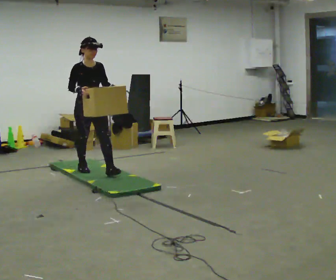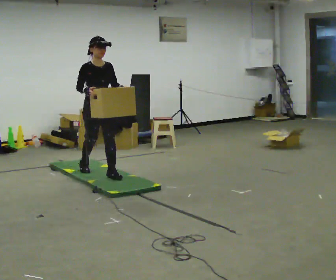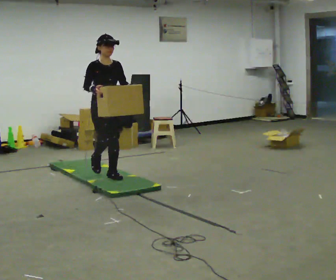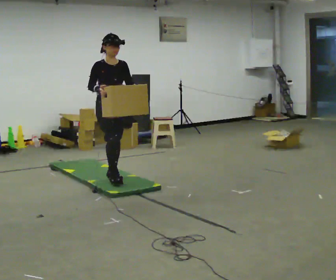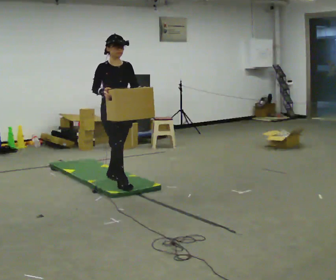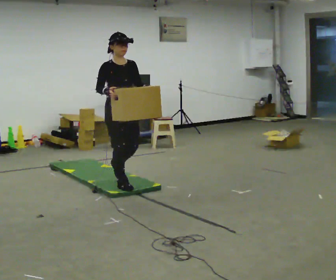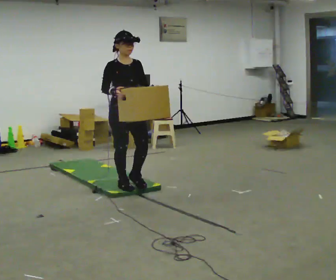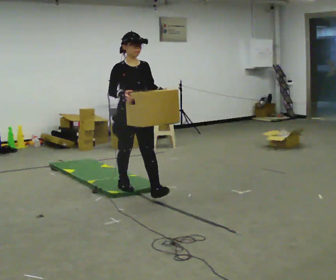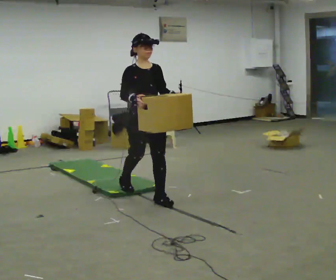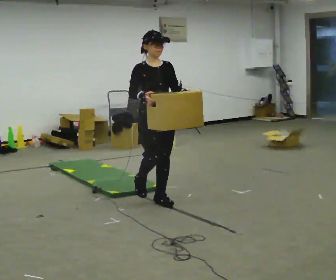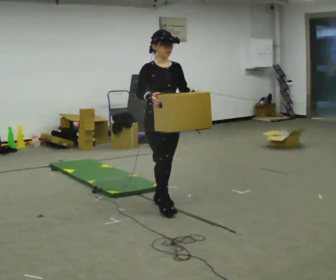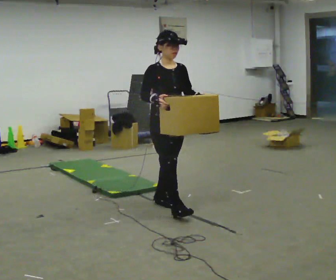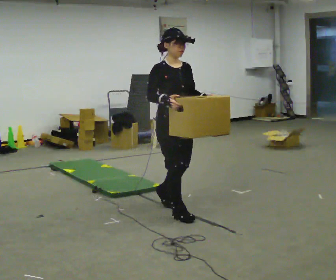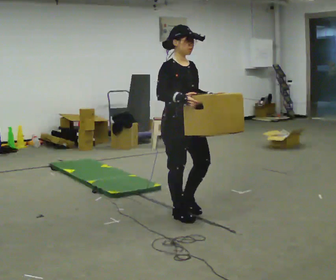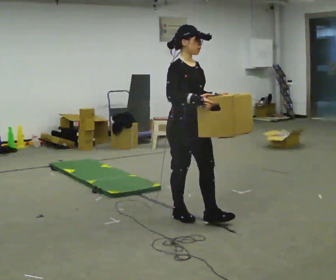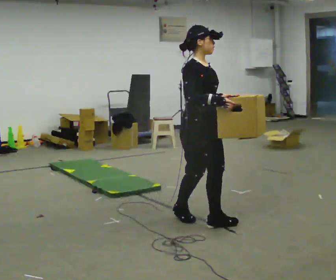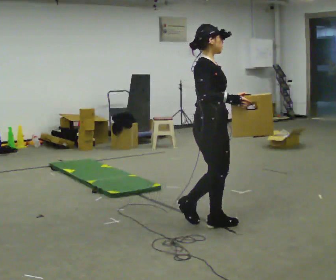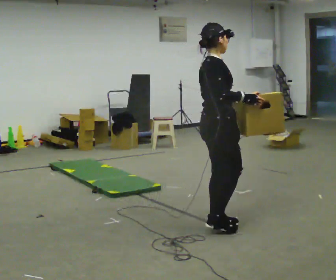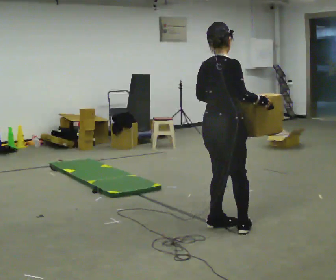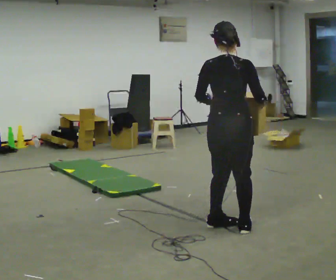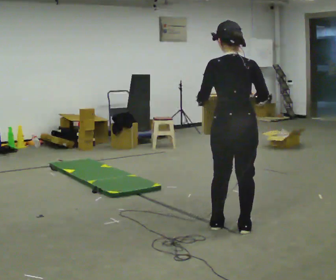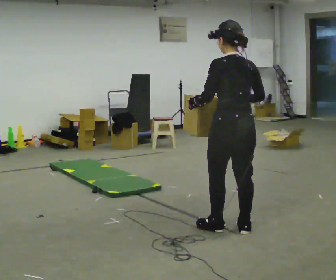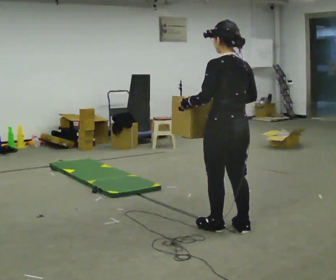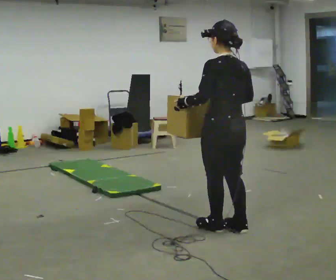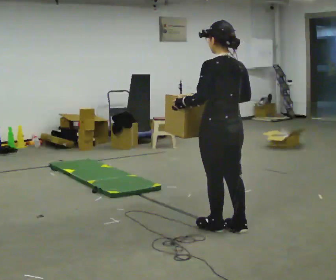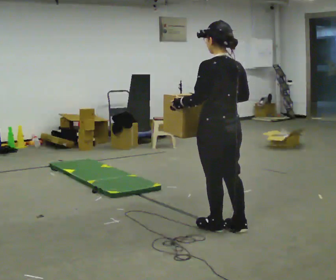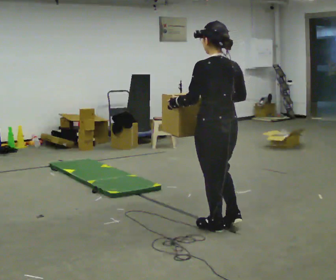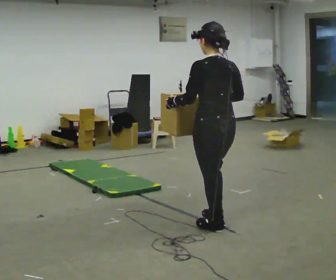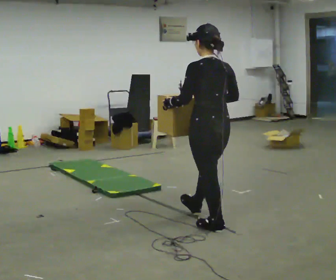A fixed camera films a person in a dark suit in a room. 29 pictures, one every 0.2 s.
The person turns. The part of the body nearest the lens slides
to the right.
The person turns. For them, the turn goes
to their left.
0.0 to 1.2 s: In the picture they go toward the camera and to the right, about 1 m in 2 steps, which for them is forward.
1.2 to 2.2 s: In the picture they go toward the camera and to the right, about 0.5 m in 2 steps, which for them is forward.
2.2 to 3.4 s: The part of the body nearest the lens slides to the right as the person turns to their left by about 60 degrees. In the picture they go toward the camera and to the right, about 0.75 m in 1 step, which for them is forward.
3.4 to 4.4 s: The part of the body nearest the lens slides to the right as the person turns to their left by about 120 degrees.
4.4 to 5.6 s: The person moves a little, or ends about where they began.
The film runs forward here.
